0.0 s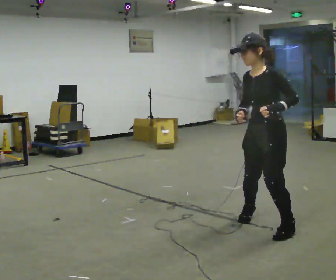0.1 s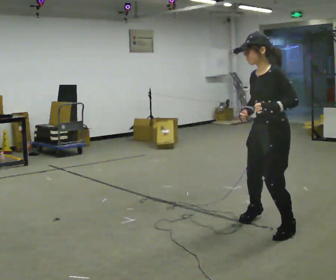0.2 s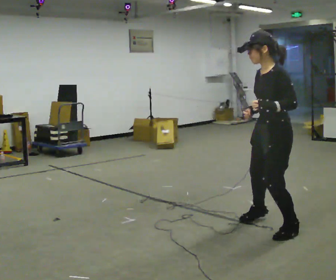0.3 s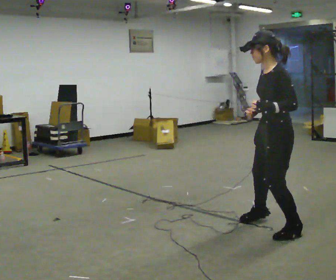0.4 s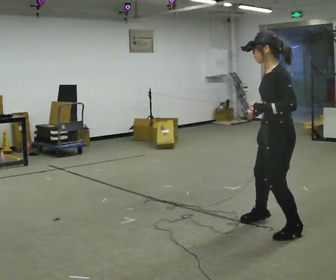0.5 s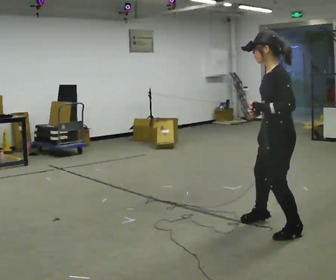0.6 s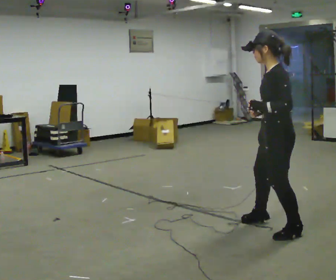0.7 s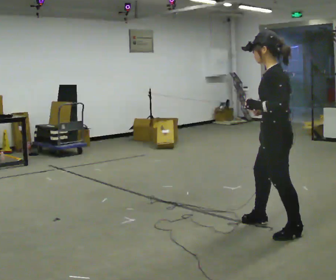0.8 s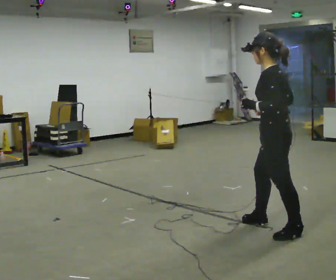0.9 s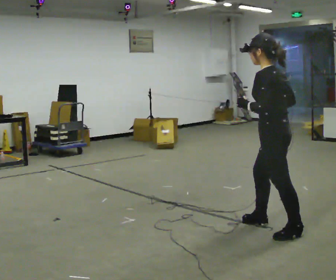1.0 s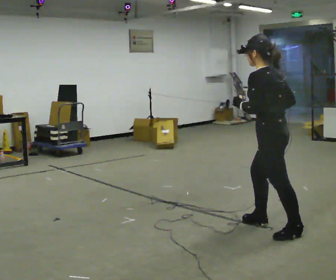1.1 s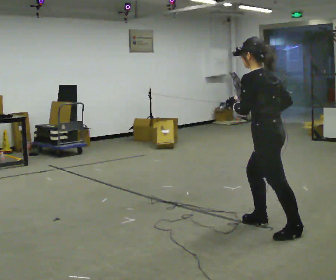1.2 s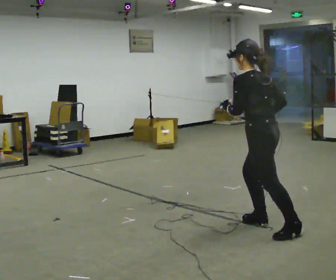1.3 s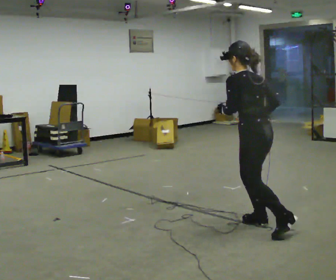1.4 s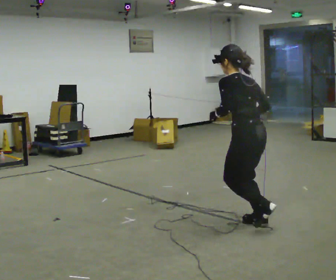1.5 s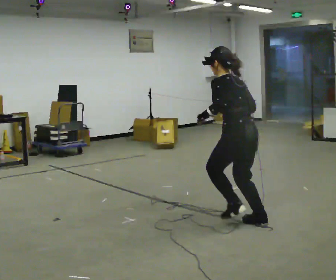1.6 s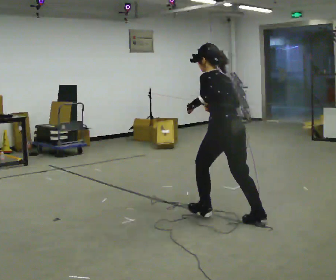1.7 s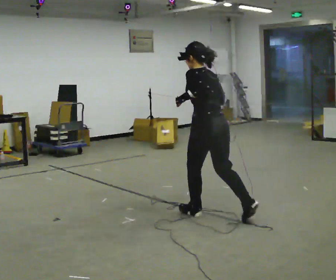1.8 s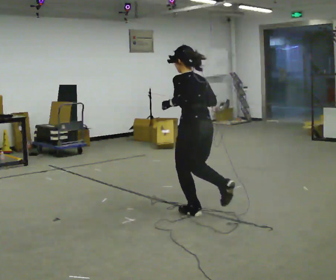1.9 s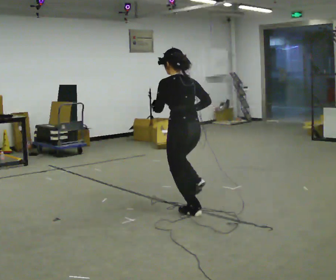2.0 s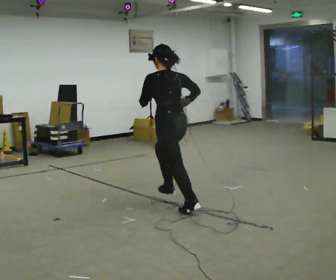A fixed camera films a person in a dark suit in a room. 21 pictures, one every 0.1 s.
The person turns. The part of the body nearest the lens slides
to the left.
The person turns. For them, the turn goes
to their right.
0.0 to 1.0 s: The part of the body nearest the lens slides to the left as the person turns to their right by about 60 degrees.
1.0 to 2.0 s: In the picture they go to the left and away from the camera, about 1 m in 1 step, which for them is forward.
The film runs forward here.
